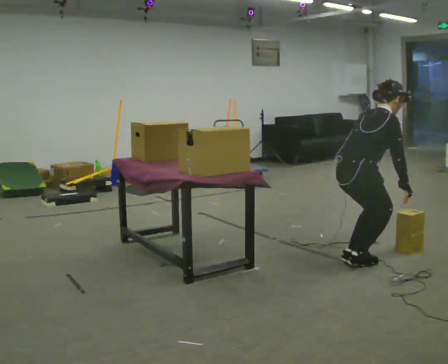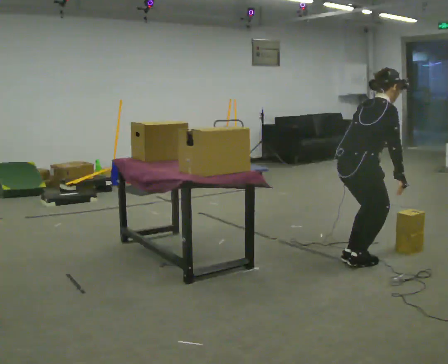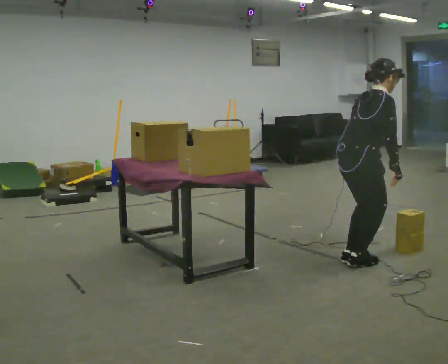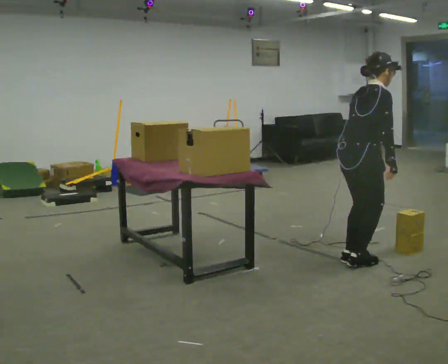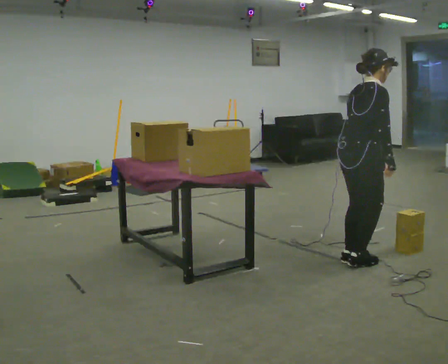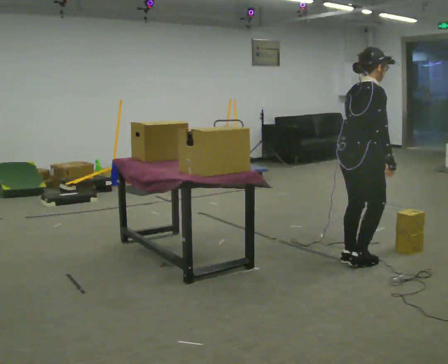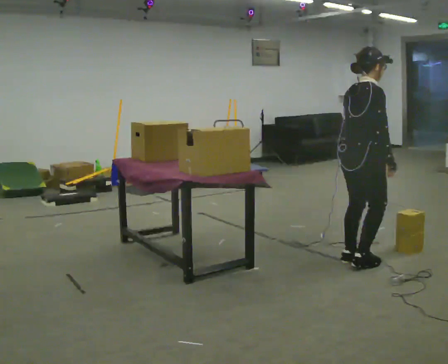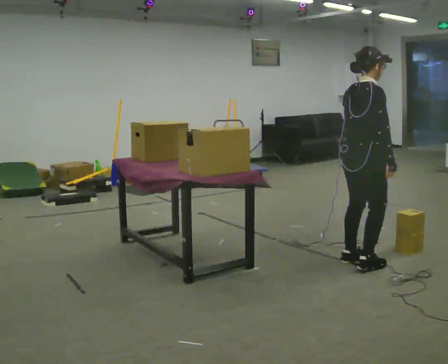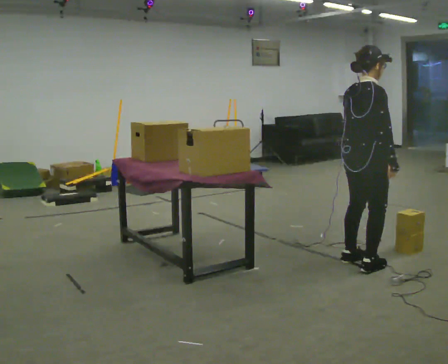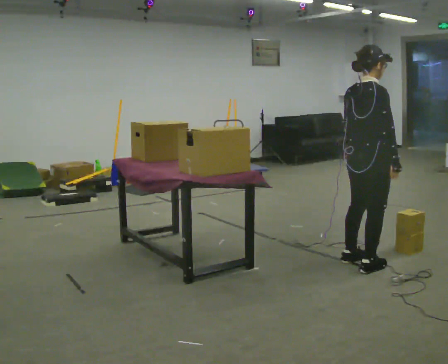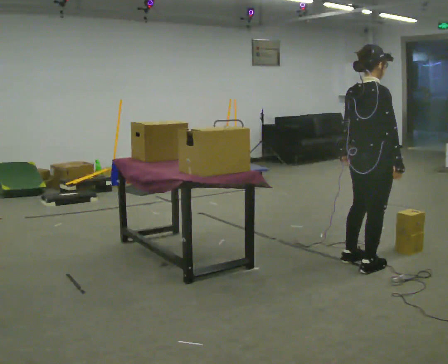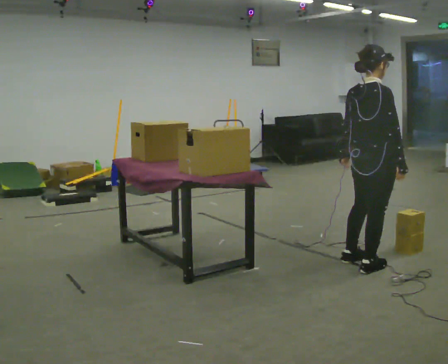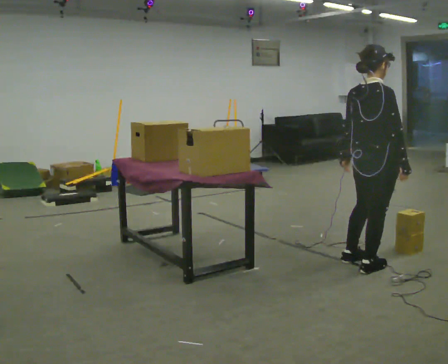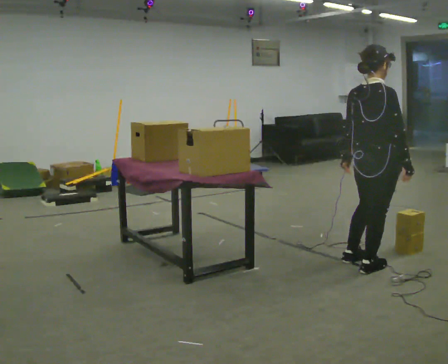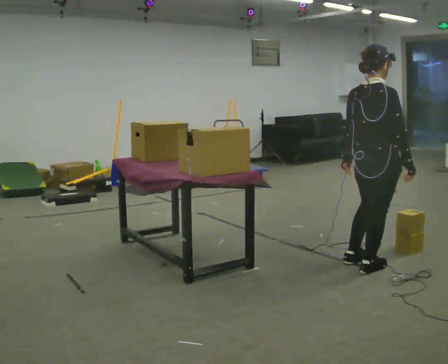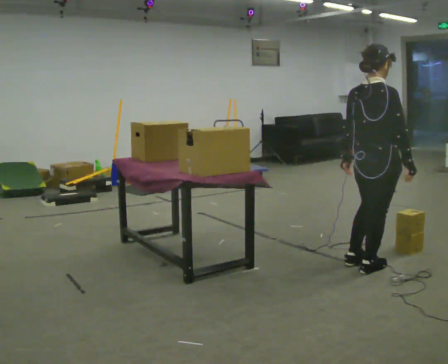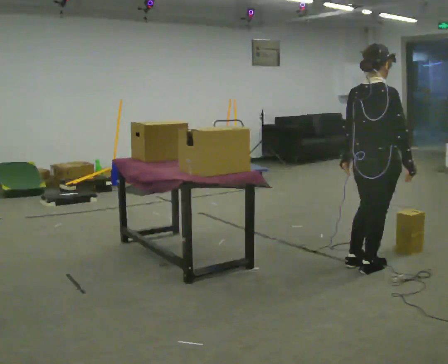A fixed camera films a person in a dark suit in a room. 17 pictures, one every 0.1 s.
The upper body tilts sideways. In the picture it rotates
counterclockwise.
0.0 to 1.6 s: The shoulders move upward. In the picture the upper body tilts counterclockwise, shoulders to the left, as they lean back or straighten.
The film runs forward here.
